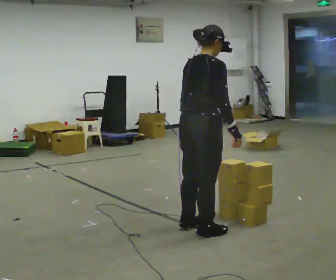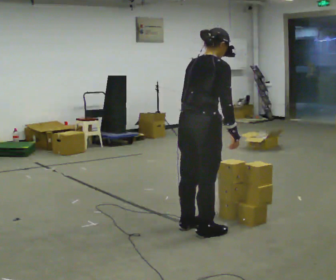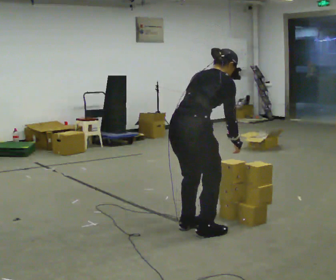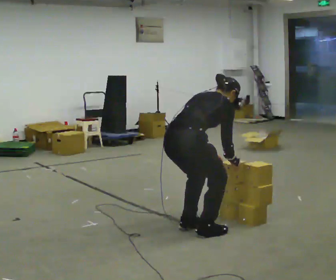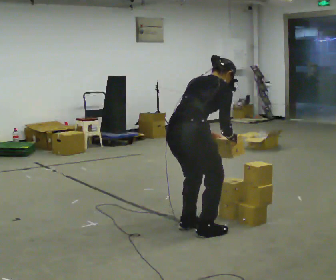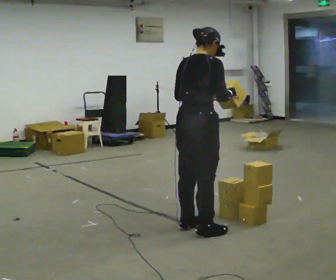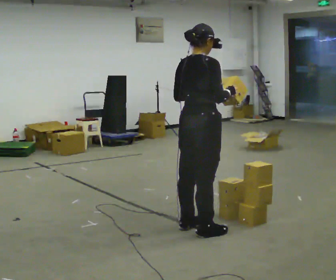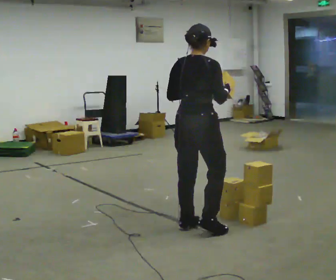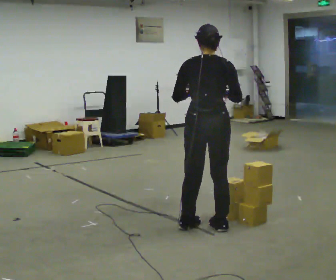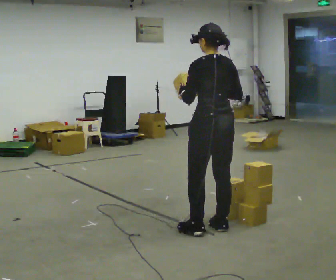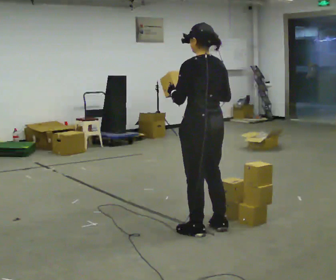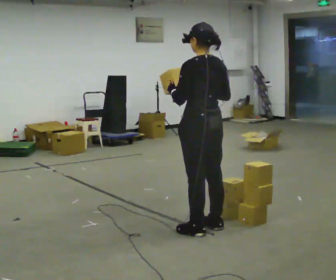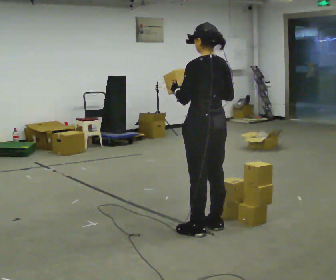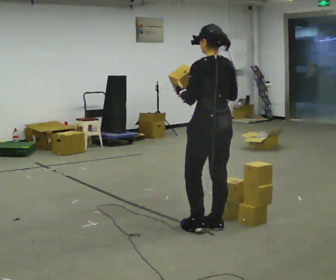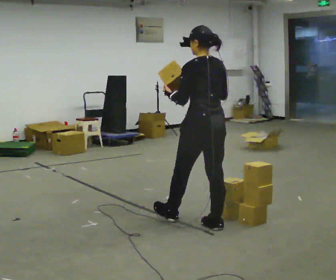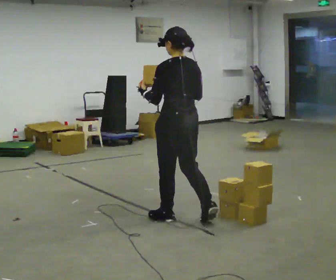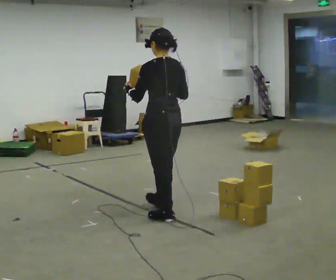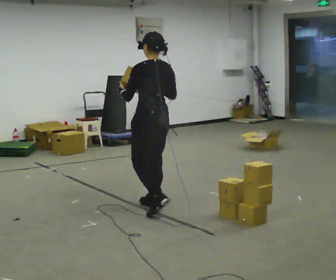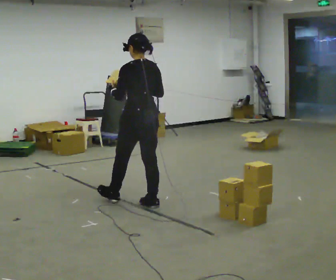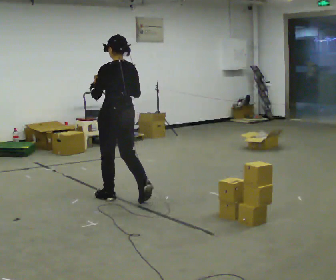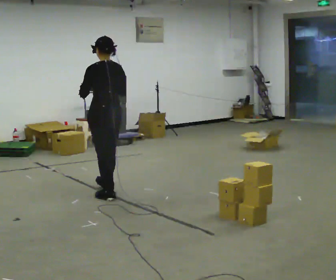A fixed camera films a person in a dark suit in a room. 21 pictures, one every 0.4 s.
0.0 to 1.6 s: The person moves a little, or ends about where they began.
1.6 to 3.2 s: The part of the body nearest the lens slides to the right as the person turns to their left by about 45 degrees. In the picture they go to the right, about 0.25 m in 1 step, which for them is forward. The upper body tips toward the camera, its near side rolling downward, as they lean back or straighten. In the picture their left hand goes upward.
3.2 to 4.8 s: Seen from above the body turns counterclockwise, about 45 degrees: to their left, with its near side sliding to the right.
4.8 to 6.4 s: In the picture they go to the left and away from the camera, about 0.5 m in 1 step, which for them is forward.
6.4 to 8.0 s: In the picture they go to the left and away from the camera, about 1 m in 2 steps, which for them is forward.
The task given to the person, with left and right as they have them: Carry the box and, while you are still walking, turn it so you can read the label, read it out loud, then carry on. Repeat with the next box. Do not stop to read it.
The film runs forward here.
